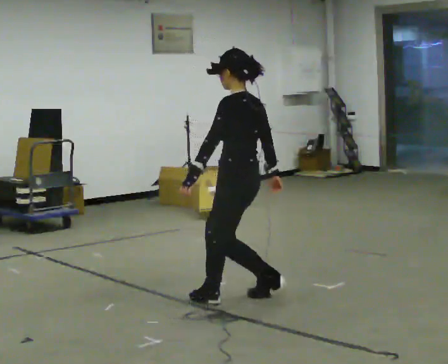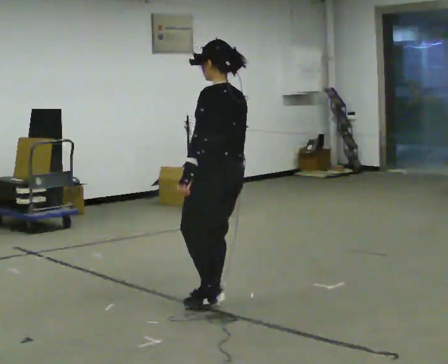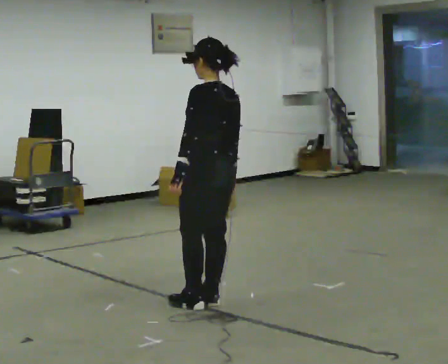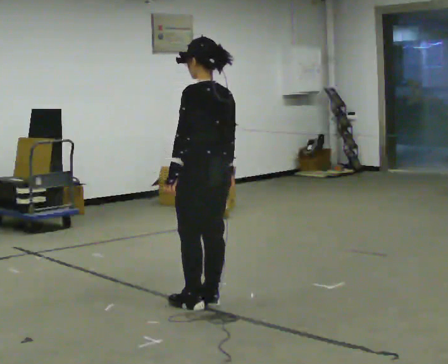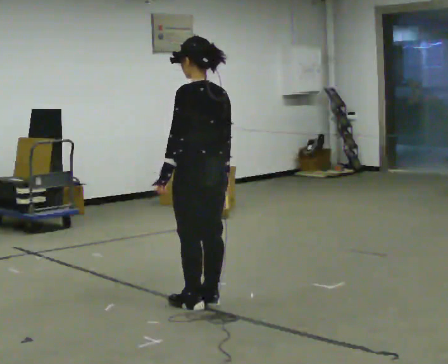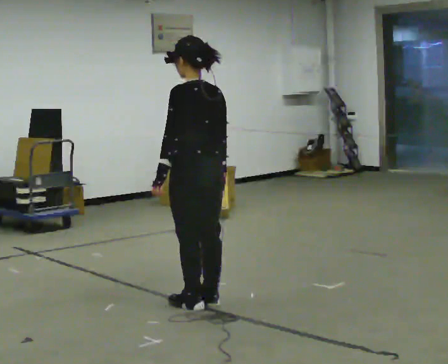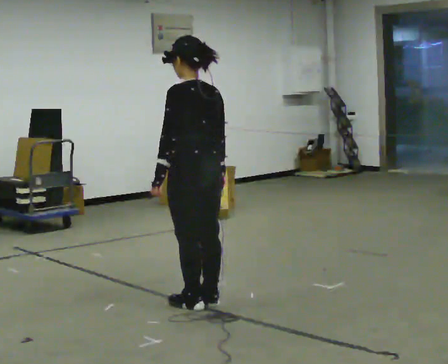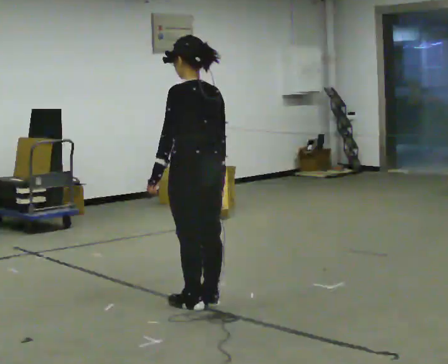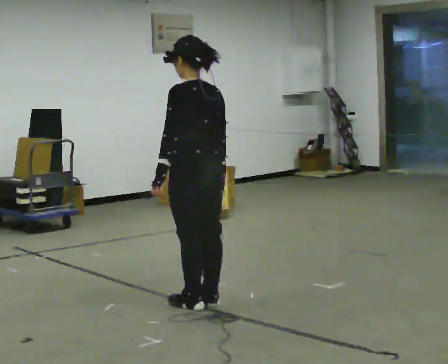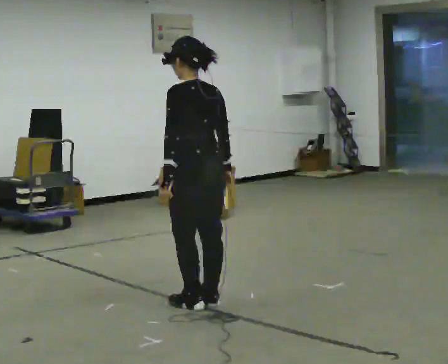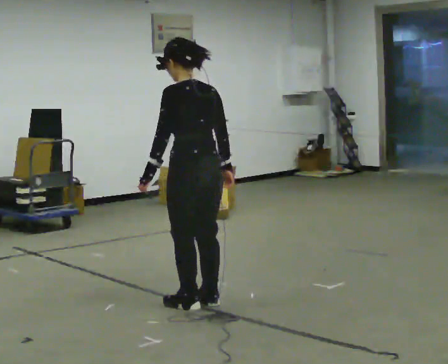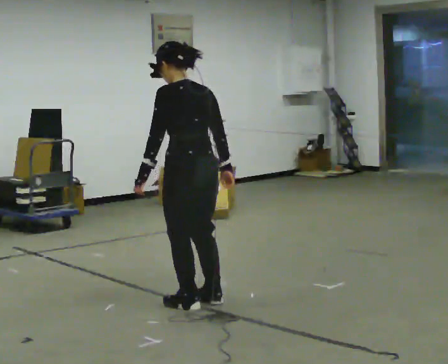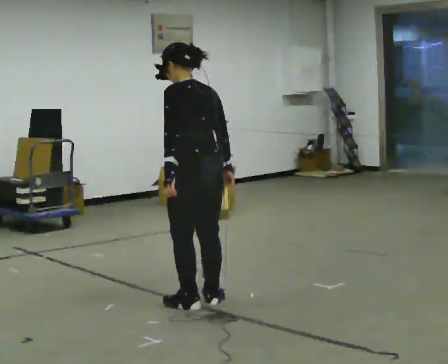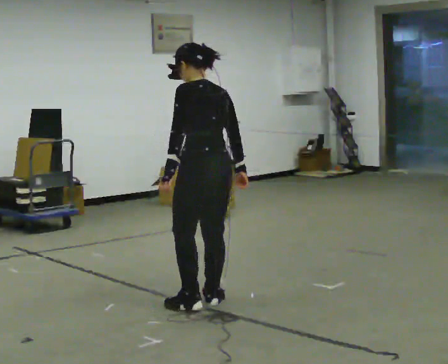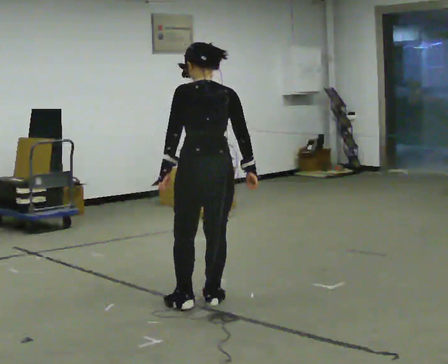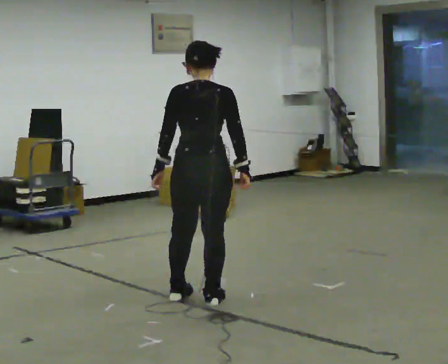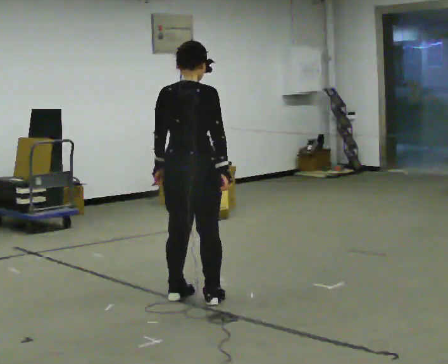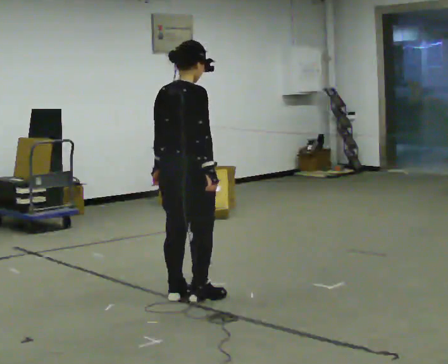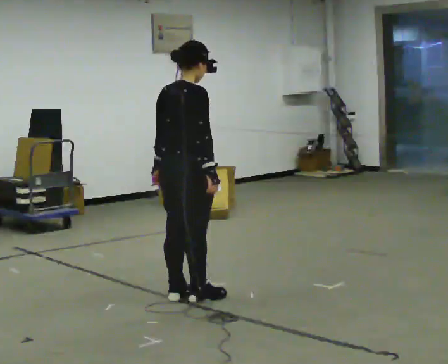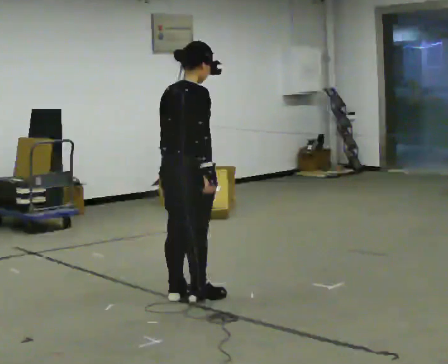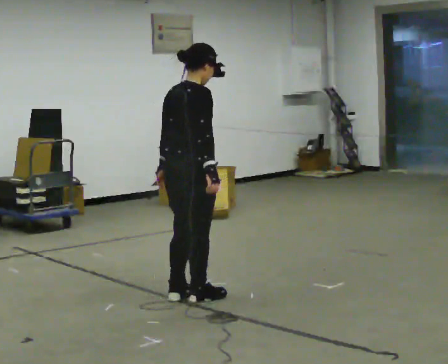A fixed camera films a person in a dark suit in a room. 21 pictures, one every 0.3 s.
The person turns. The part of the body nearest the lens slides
to the left.
The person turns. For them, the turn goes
to their right.
0.0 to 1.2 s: In the picture they go to the left, about 0.25 m, which for them is to their left.
1.2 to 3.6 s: The person moves a little, or ends about where they began.
3.6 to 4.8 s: The person turns about 60 degrees to their right, clockwise seen from above, so the part of the body nearest the lens slides to the left. In the picture they go away from the camera, about 0.25 m in 1 step.
4.8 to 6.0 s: The person turns about 30 degrees to their right, clockwise seen from above, so the part of the body nearest the lens slides to the left.
The film runs backward here.
